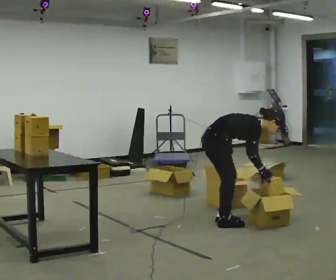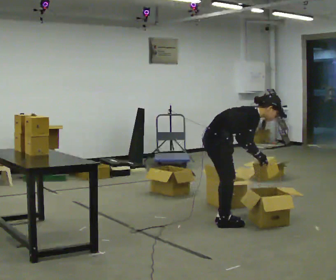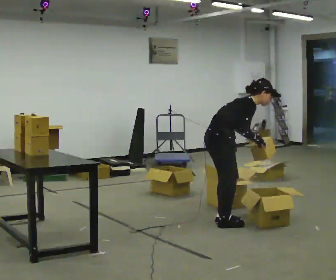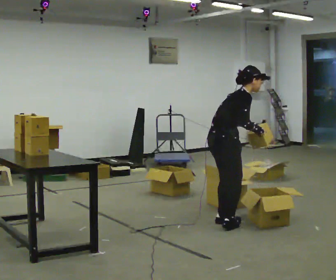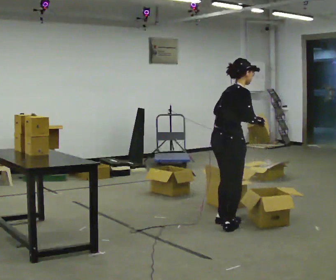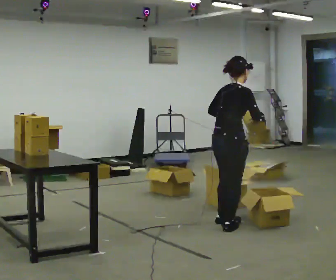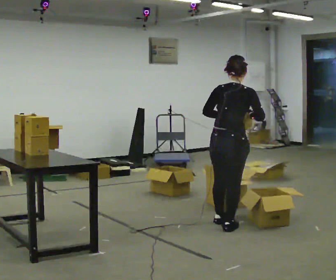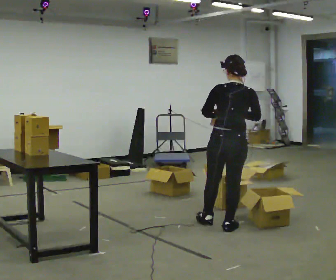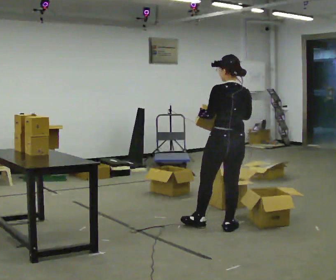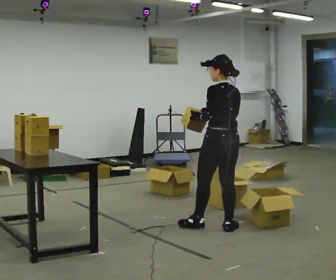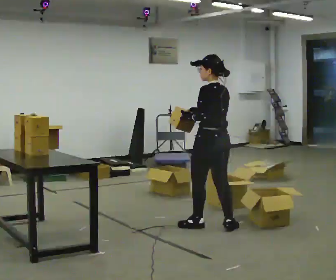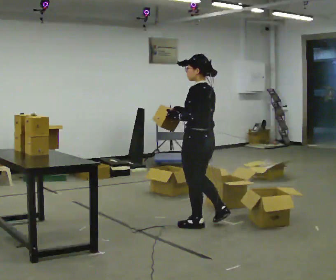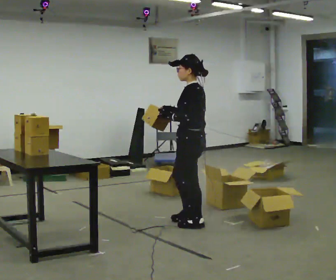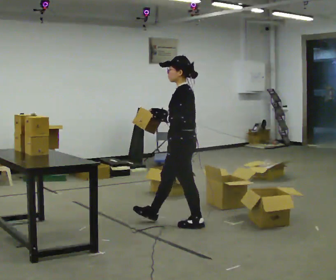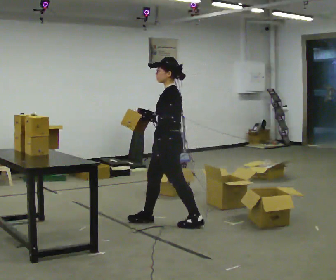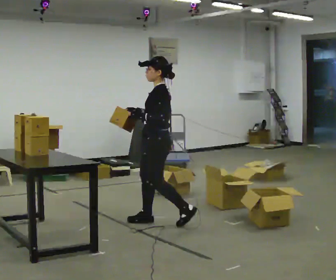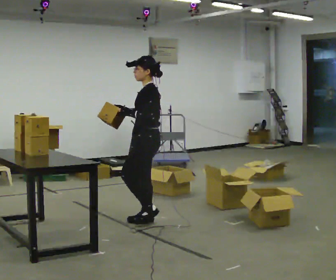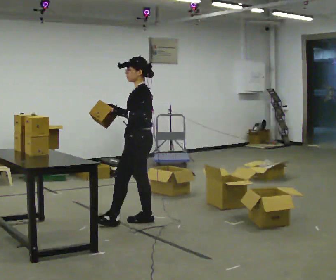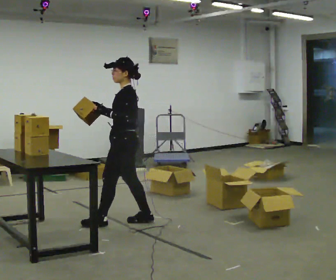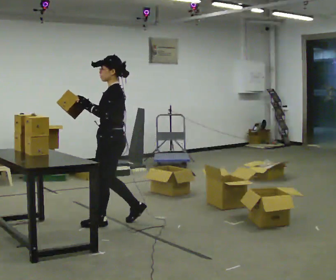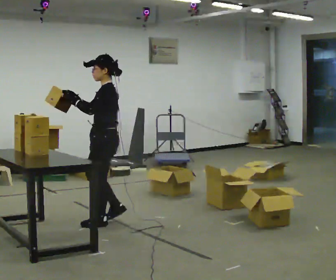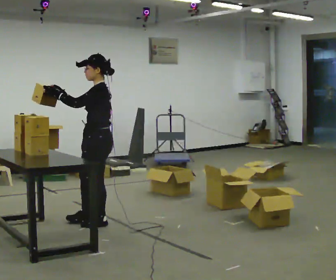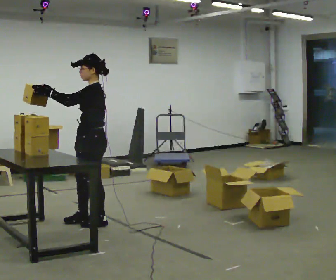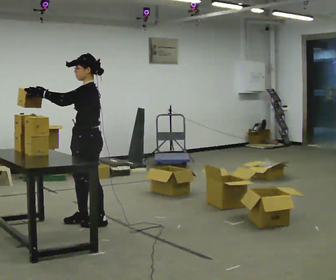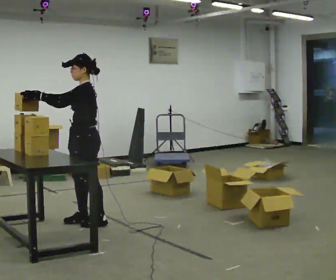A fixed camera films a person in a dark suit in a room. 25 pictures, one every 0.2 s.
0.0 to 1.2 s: The part of the body nearest the lens slides to the right as the person turns to their left by about 60 degrees. In the picture they go toward the camera, about 0.25 m in 1 step, which for them is to their right. The shoulders move upward. In the picture the upper body tilts counterclockwise, shoulders to the left, as they lean back or straighten. In the picture their right hand goes upward.
1.2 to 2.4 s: Seen from above the body turns counterclockwise, about 105 degrees: to their left, with its near side sliding to the right. In the picture they go to the left, about 0.25 m in 1 step.
2.4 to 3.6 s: In the picture they go to the left, about 0.5 m in 2 steps, which for them is forward.
3.6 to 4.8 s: In the picture they go to the left, about 0.25 m in 1 step, which for them is forward.
The film runs forward here.
